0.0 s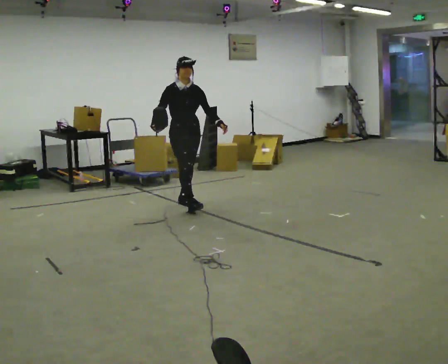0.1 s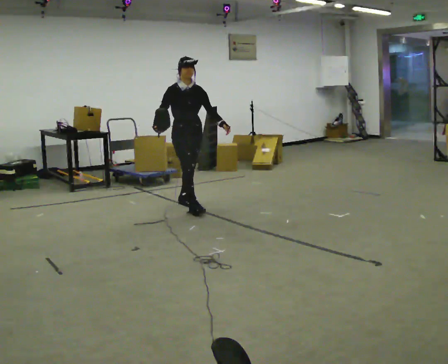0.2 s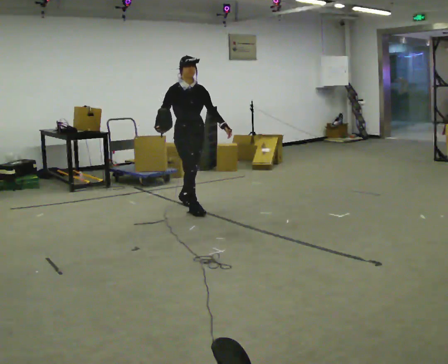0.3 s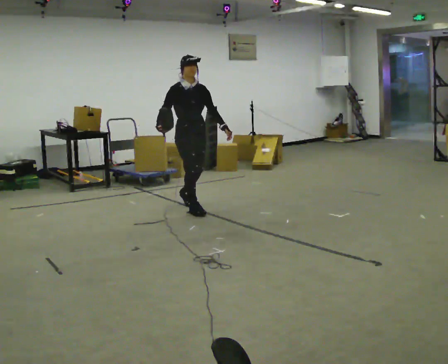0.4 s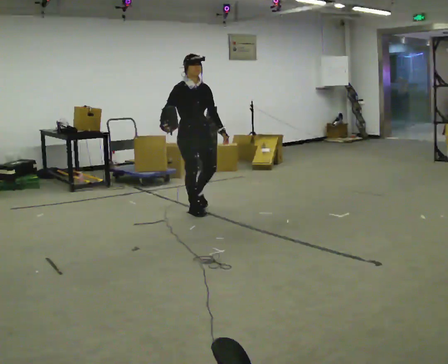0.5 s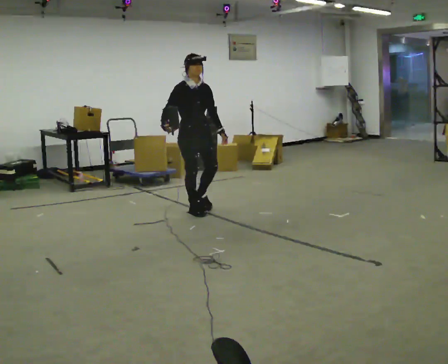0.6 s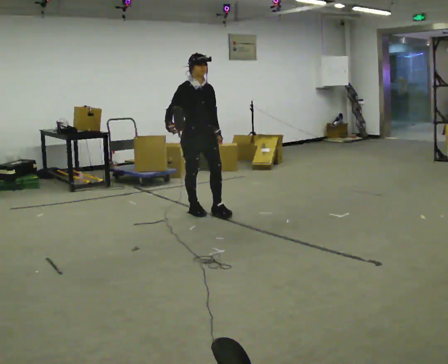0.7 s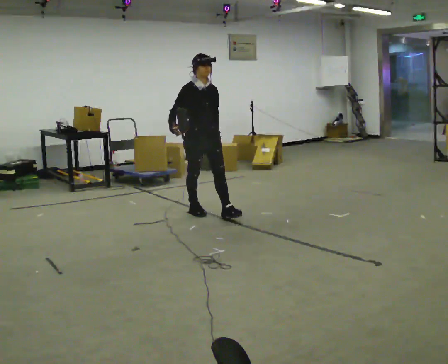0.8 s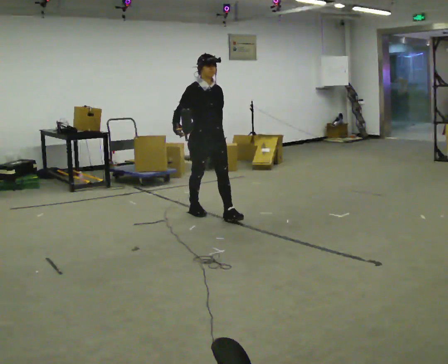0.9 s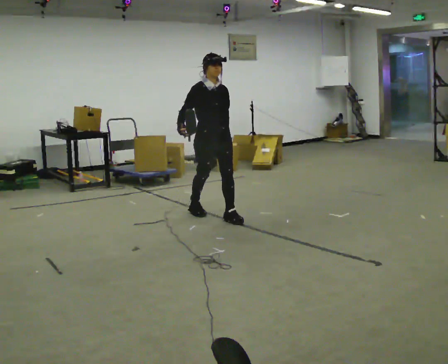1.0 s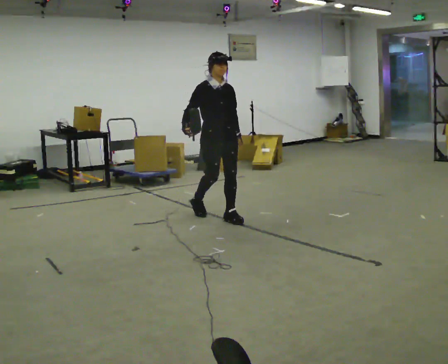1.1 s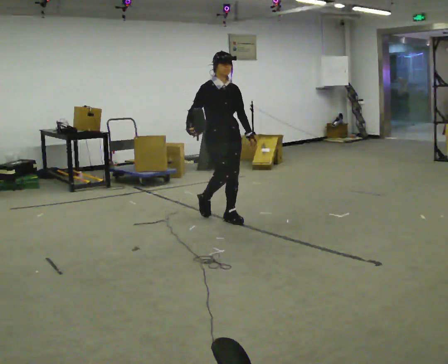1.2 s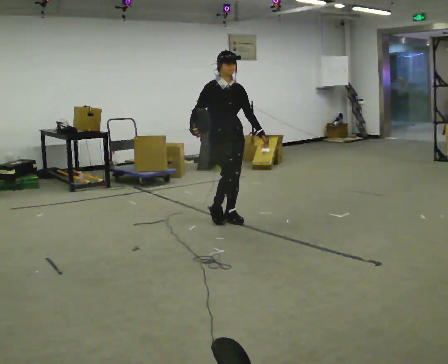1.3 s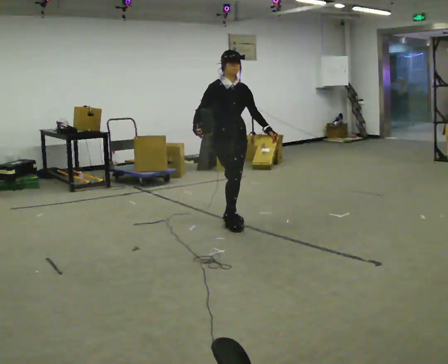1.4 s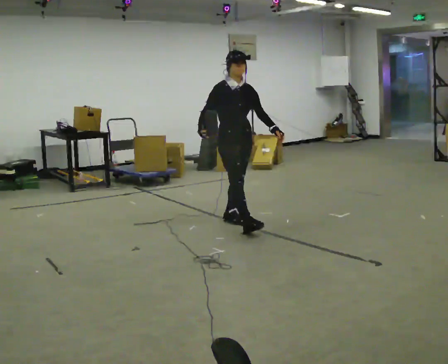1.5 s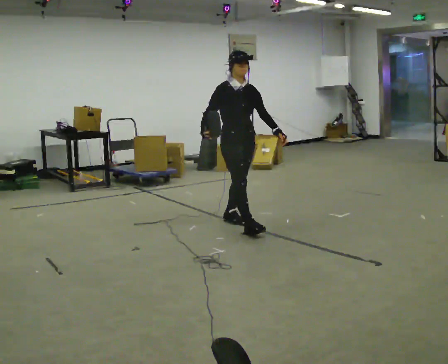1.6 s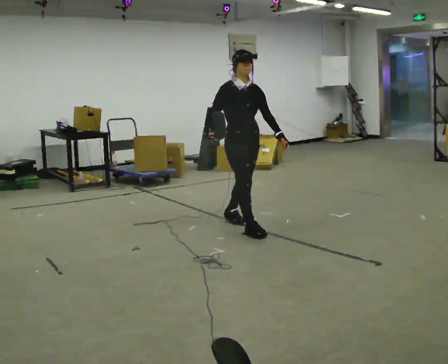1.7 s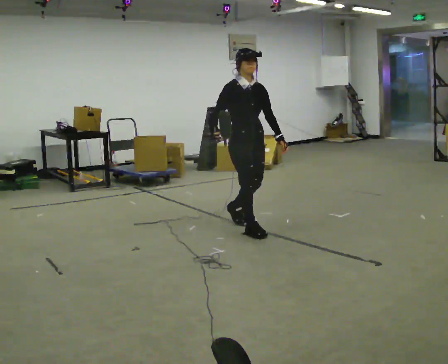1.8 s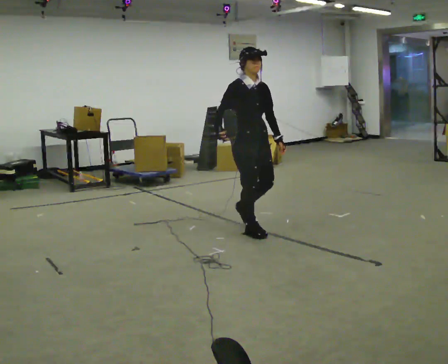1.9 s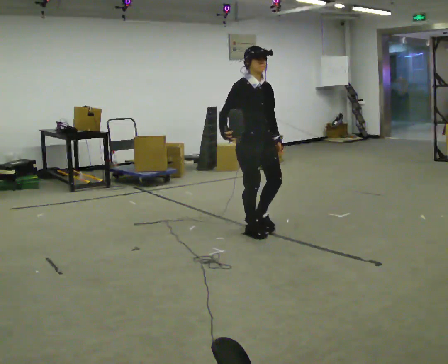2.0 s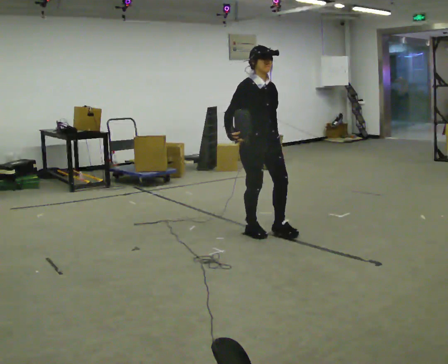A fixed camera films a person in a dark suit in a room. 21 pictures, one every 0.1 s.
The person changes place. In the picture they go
toward the camera.
0.0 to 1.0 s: In the picture they go toward the camera and to the right, about 0.75 m in 2 steps, which for them is forward.
1.0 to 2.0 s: In the picture they go toward the camera and to the right, about 0.75 m in 1 step, which for them is forward.
The film runs forward here.
